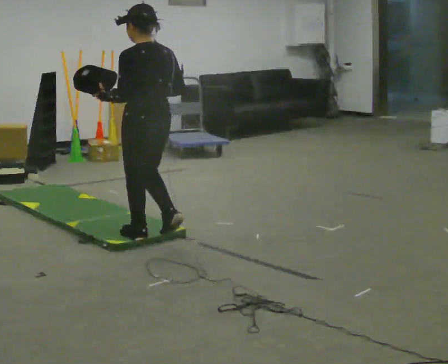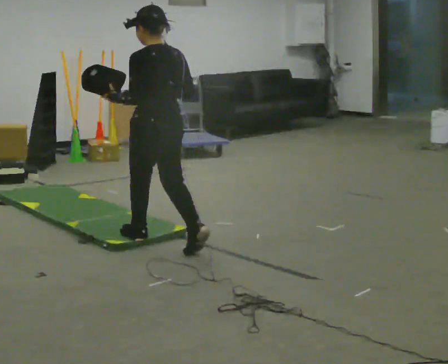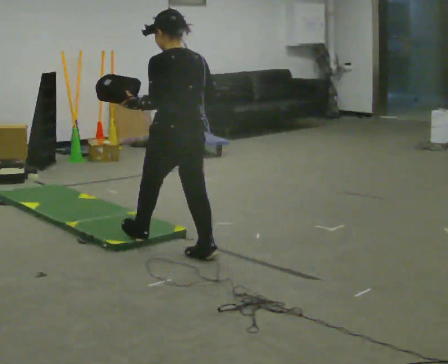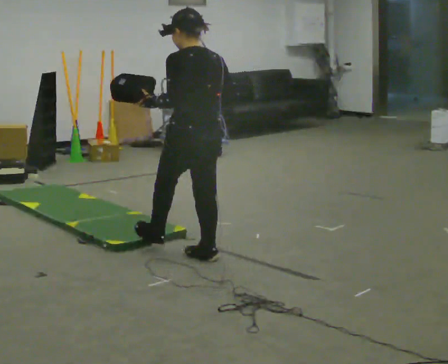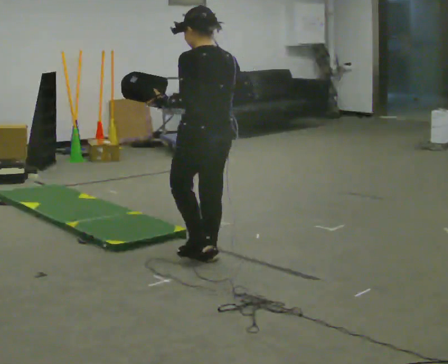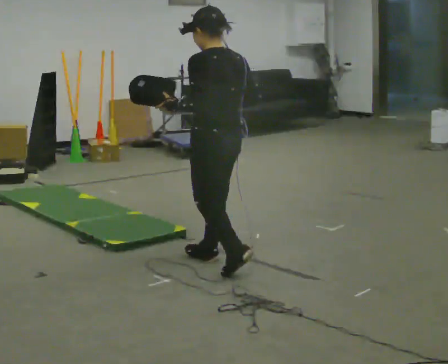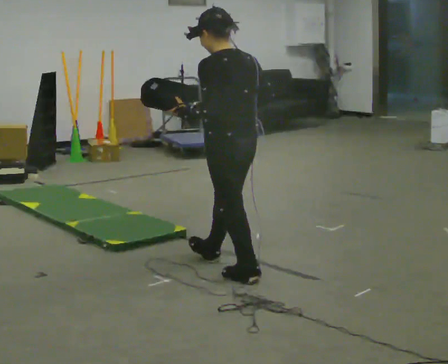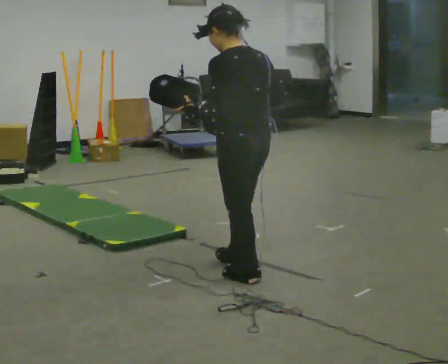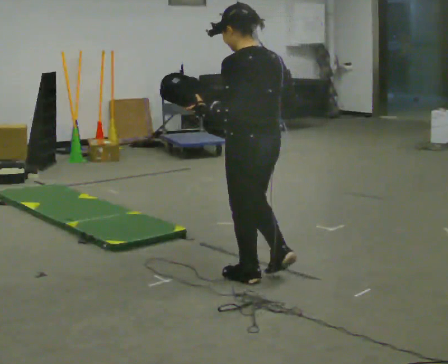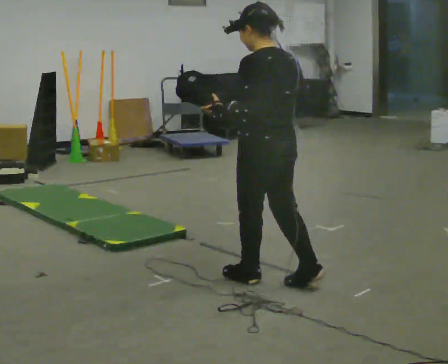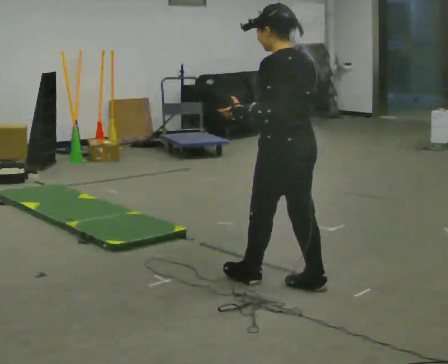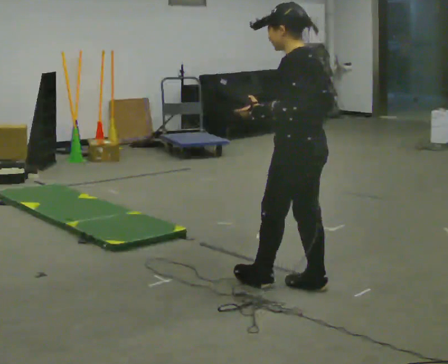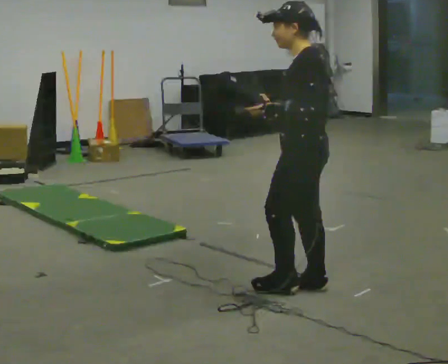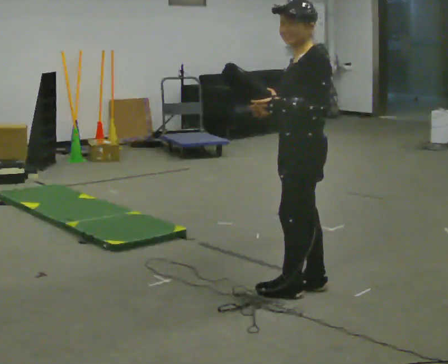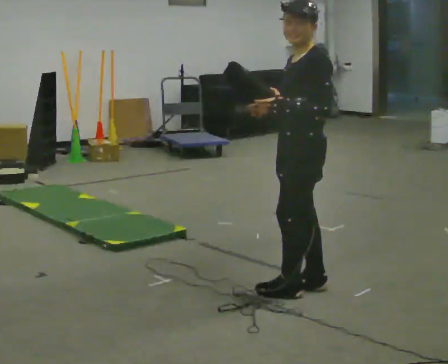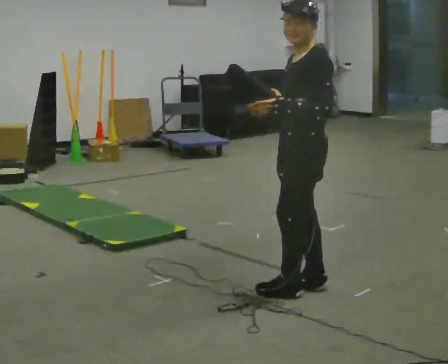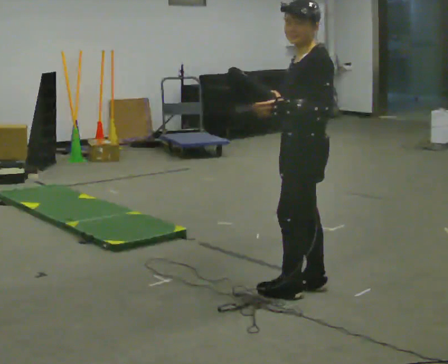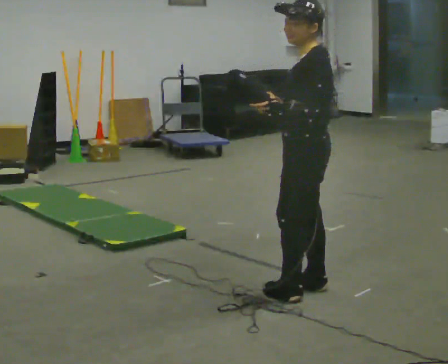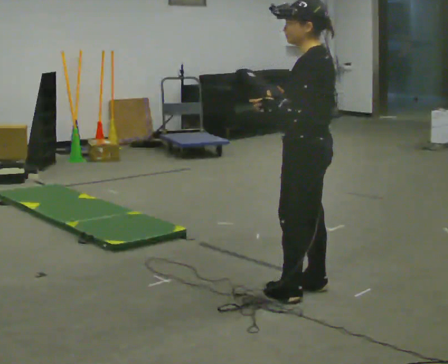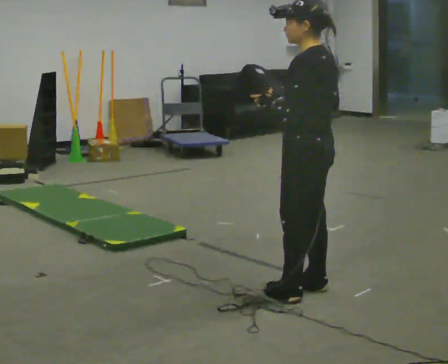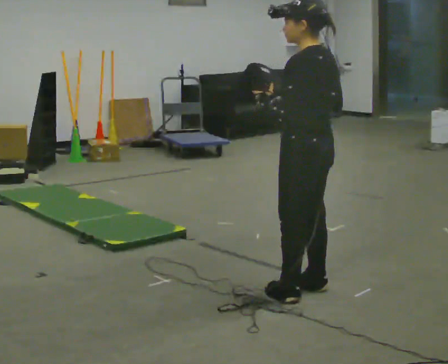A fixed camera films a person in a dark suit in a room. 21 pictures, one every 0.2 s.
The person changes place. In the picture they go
to the right.
0.0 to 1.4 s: In the picture they go to the right and toward the camera, about 1 m in 2 steps, which for them is backward.
1.4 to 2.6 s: The person turns about 45 degrees to their left, counterclockwise seen from above, so the part of the body nearest the lens slides to the right. In the picture they go to the right, about 0.25 m in 1 step, which for them is backward.
2.6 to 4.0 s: The part of the body nearest the lens slides to the left as the person turns to their right by about 30 degrees.
The film runs backward here.
